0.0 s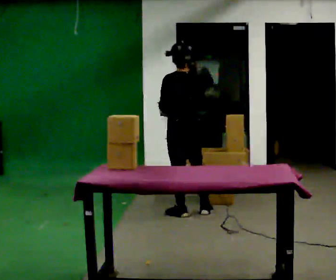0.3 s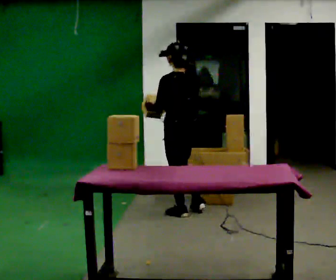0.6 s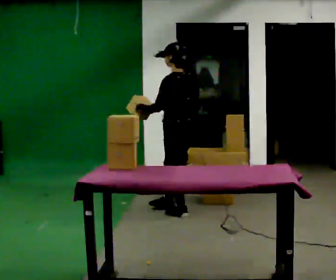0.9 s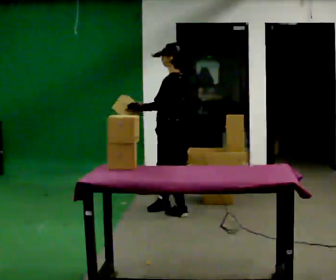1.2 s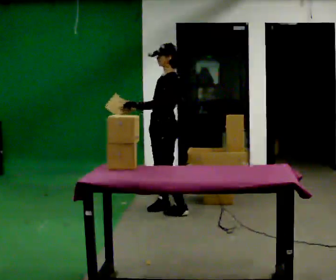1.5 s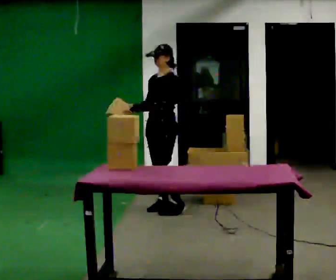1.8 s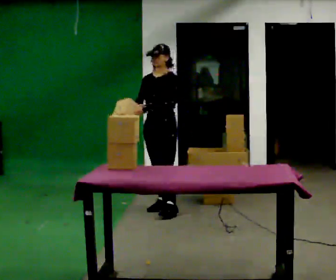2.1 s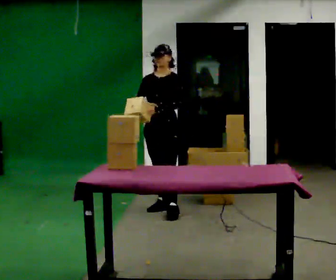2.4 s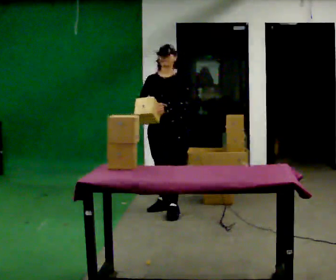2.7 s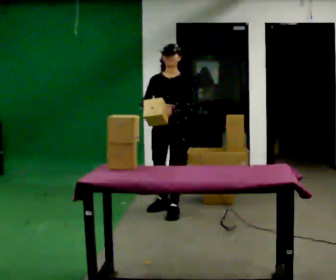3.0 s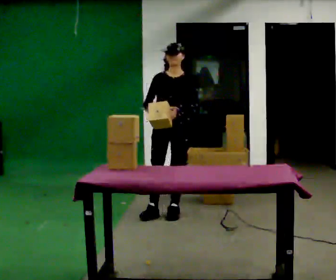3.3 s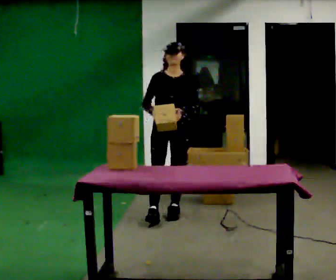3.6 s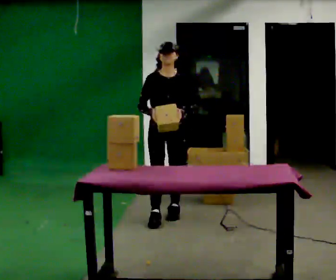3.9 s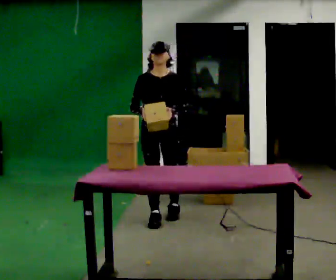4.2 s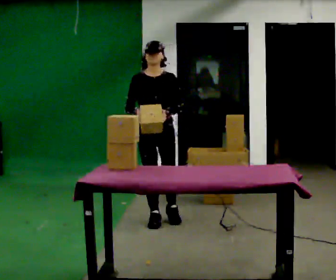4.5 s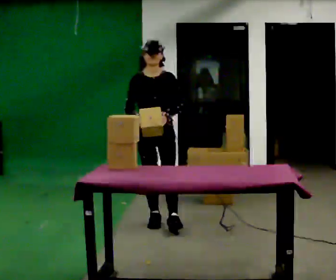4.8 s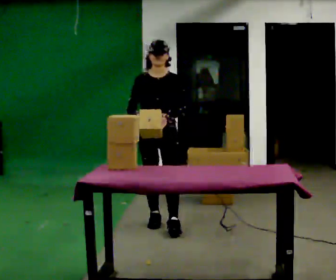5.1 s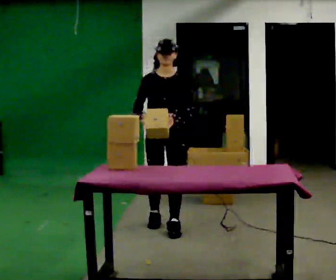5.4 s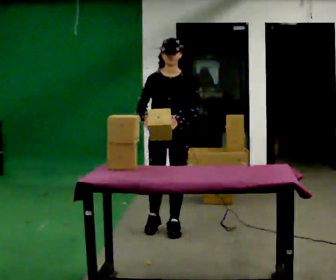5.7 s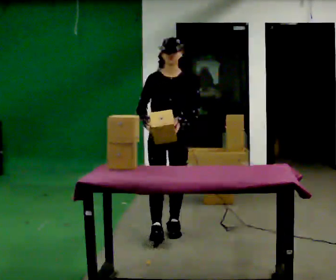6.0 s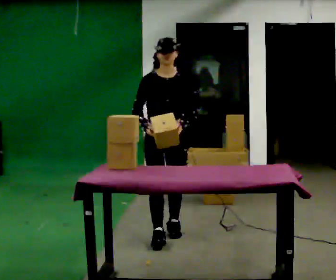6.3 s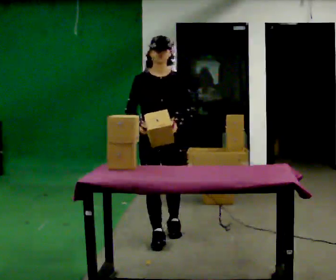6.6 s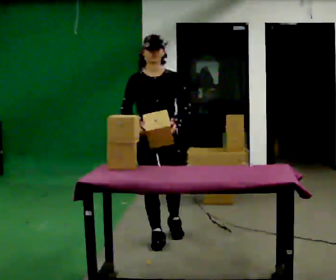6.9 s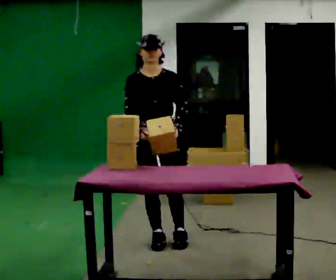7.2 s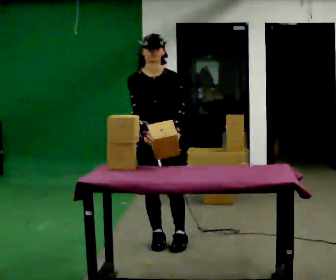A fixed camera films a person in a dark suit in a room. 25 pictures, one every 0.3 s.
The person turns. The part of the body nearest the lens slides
to the right.
The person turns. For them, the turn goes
to their left.
0.0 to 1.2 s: Seen from above the body turns counterclockwise, about 75 degrees: to their left, with its near side sliding to the right. In the picture they go away from the camera and to the left, about 0.25 m in 1 step.
1.2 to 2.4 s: Seen from above the body turns counterclockwise, about 60 degrees: to their left, with its near side sliding to the right. In the picture their left hand goes to the right.
2.4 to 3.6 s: Seen from above the body turns counterclockwise, about 30 degrees: to their left, with its near side sliding to the right. In the picture they go toward the camera, about 0.25 m in 1 step, which for them is forward.
3.6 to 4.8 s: In the picture they go toward the camera, about 0.25 m in 1 step, which for them is forward.
4.8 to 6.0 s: In the picture they go toward the camera, about 0.25 m in 1 step, which for them is forward.
6.0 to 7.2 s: In the picture they go toward the camera, about 0.25 m in 1 step, which for them is forward.
The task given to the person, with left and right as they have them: 1. Look at the shelf and see which spaces are empty. 2. Find matching items in the bins on the floor. 3. Fill the empty spaces on the shelf. 4. Tell the operator when you are finished.
The film runs forward here.
